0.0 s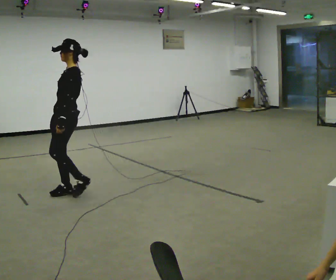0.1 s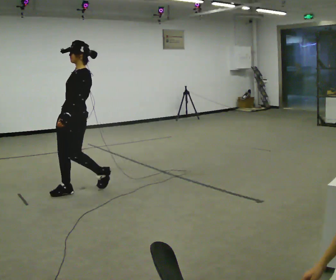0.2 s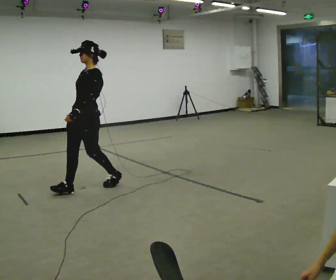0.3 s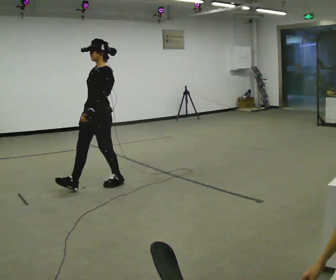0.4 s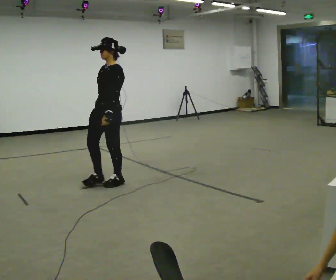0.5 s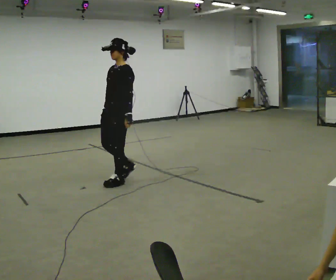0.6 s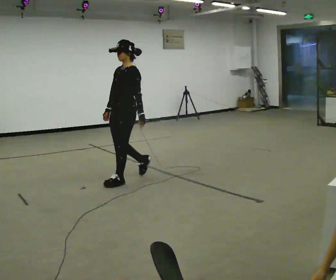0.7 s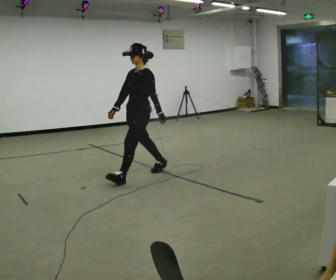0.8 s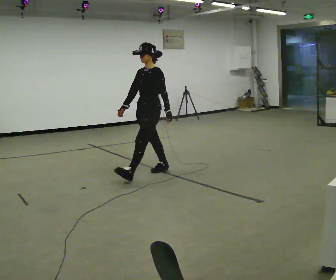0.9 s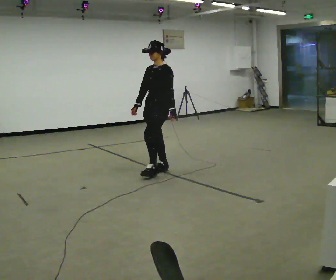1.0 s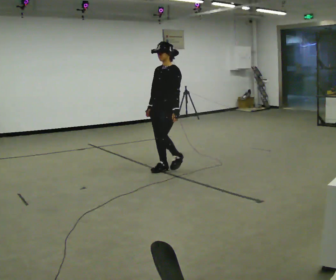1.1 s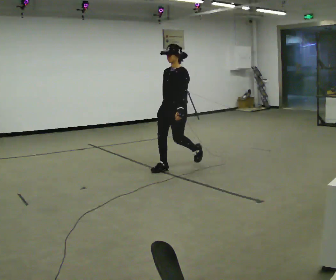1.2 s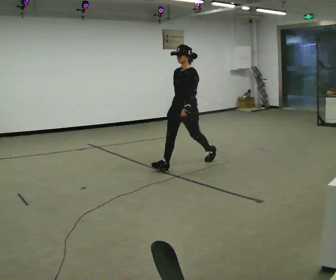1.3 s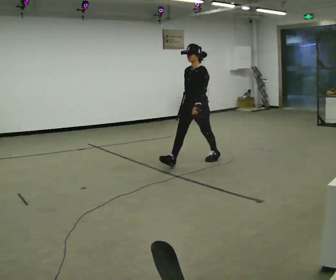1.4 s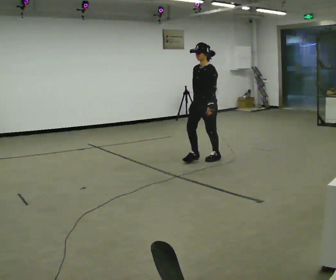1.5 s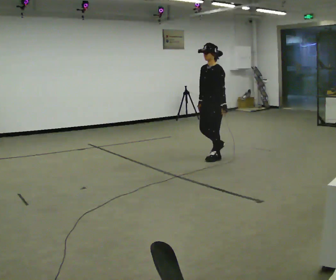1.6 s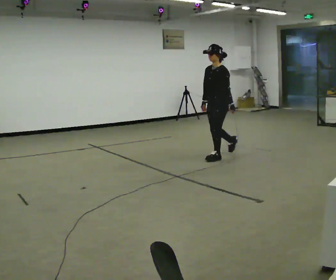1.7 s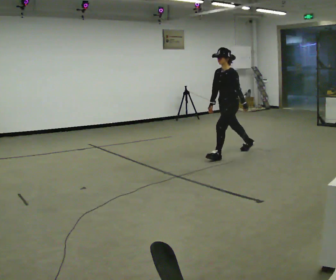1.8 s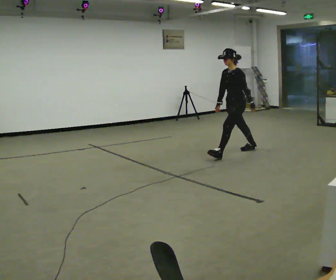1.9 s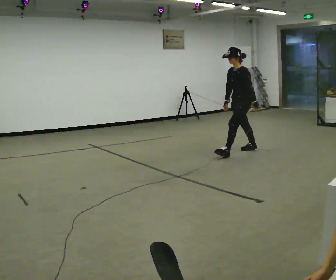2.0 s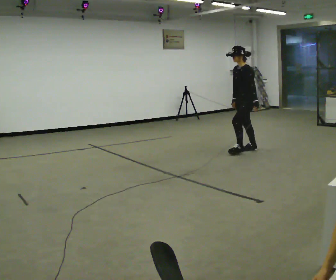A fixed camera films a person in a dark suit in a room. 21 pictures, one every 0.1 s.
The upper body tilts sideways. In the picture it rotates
counterclockwise.
0.0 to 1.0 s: In the picture they go to the right and away from the camera, about 1.5 m in 2 steps, which for them is backward.
1.0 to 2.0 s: The person turns about 30 degrees to their right, clockwise seen from above, so the part of the body nearest the lens slides to the left. In the picture they go to the right and away from the camera, about 1.5 m in 2 steps, which for them is backward.
The film runs backward here.
